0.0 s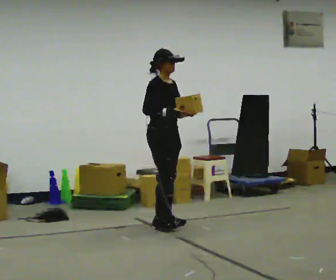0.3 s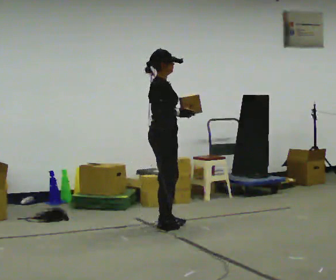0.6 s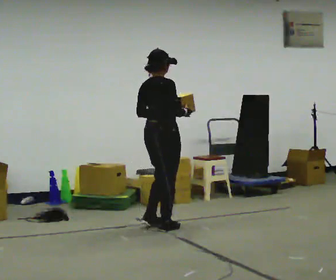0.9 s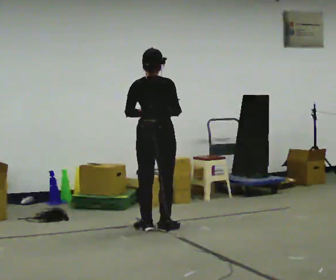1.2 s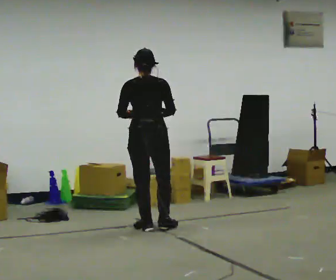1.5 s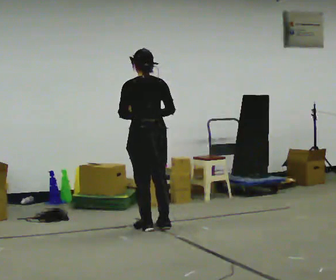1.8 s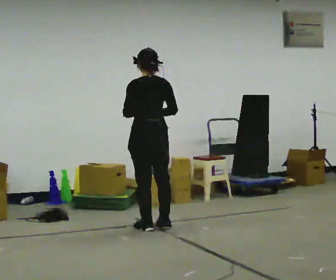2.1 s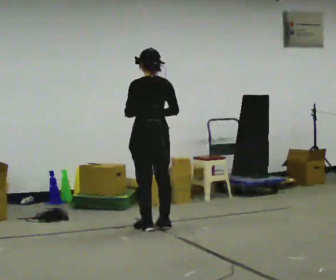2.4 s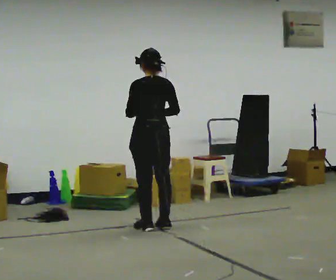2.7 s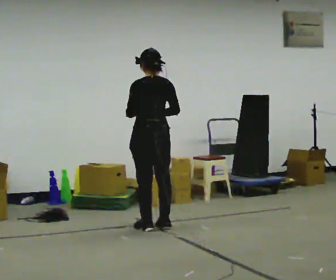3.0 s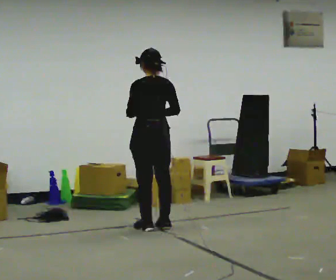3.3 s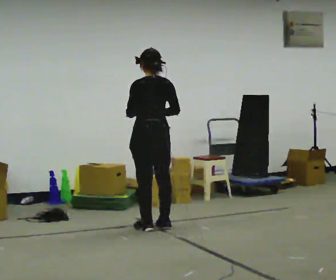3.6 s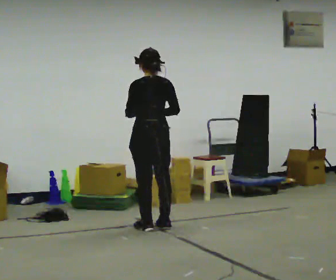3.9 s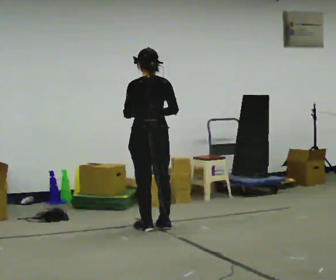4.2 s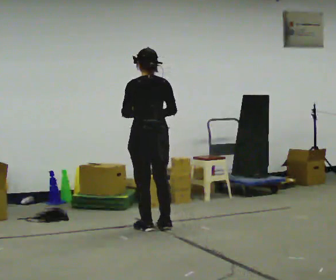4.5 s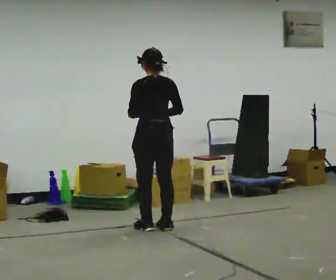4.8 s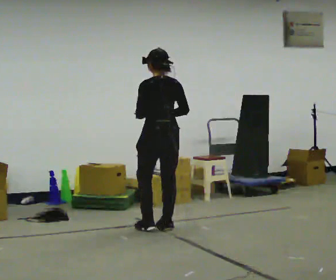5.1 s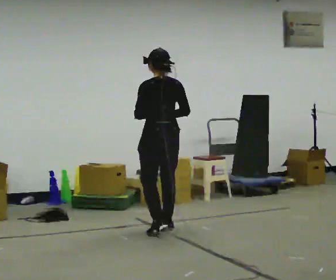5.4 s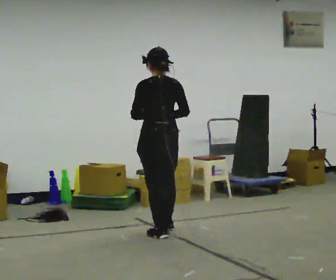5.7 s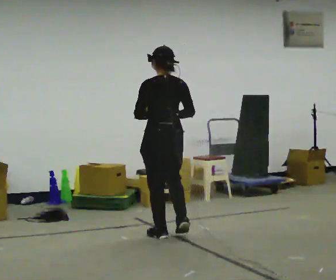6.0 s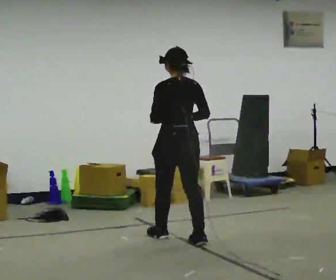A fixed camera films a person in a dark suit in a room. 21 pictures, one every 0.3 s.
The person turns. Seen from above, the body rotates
counterclockwise.
The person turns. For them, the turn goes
to their left.
0.0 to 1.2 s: The part of the body nearest the lens slides to the right as the person turns to their left by about 120 degrees. In the picture they go toward the camera, about 0.25 m in 1 step. In the picture their left hand goes to the left.
1.2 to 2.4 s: The person moves a little, or ends about where they began.
2.4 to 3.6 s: The person keeps their place and pose.
3.6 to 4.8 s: The person moves a little, or ends about where they began.
4.8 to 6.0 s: In the picture they go toward the camera, about 0.5 m in 1 step, which for them is backward.
The film runs backward here.
